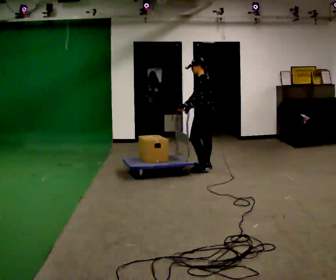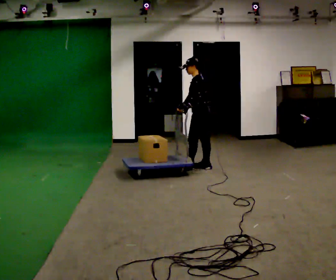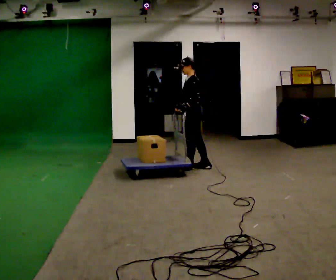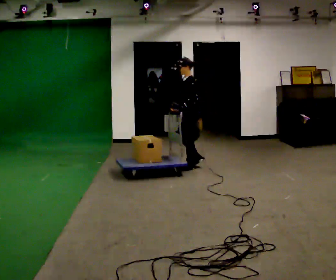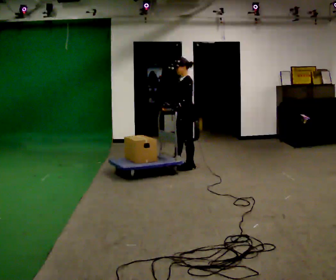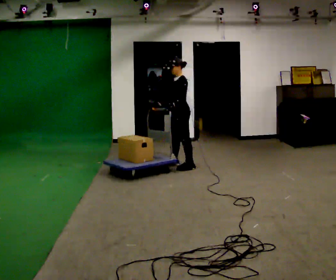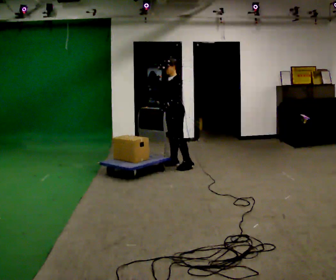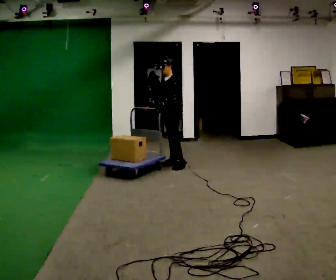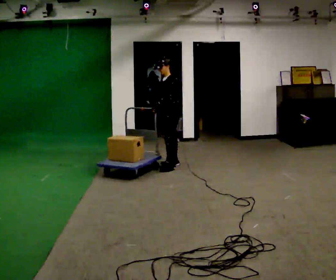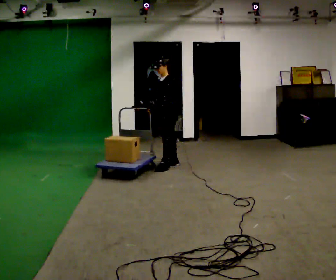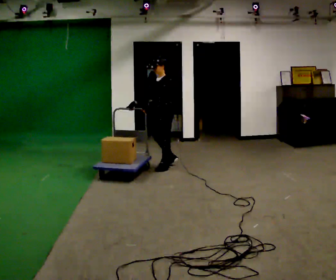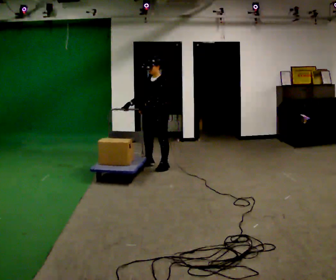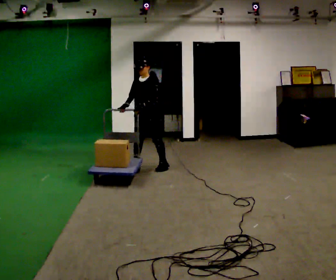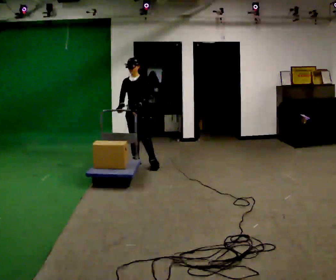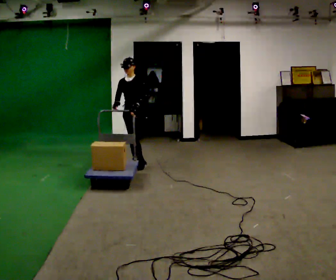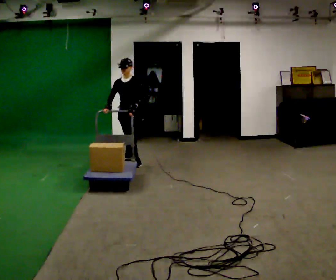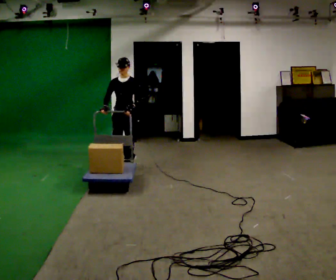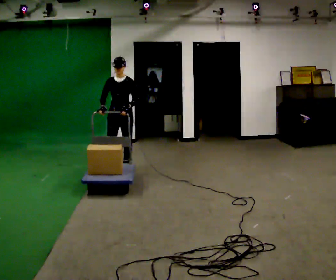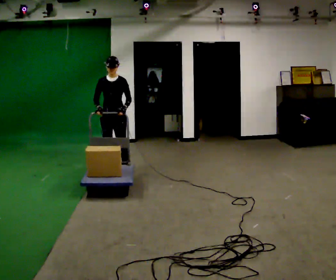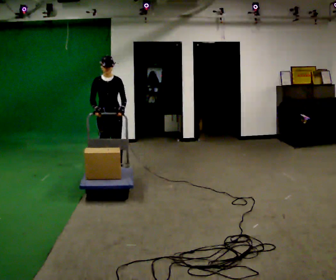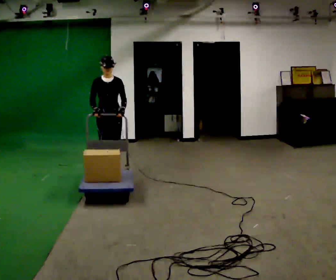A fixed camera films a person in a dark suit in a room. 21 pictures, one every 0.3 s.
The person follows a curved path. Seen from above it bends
counterclockwise.
The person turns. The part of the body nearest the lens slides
to the right.
0.0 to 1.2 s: The part of the body nearest the lens slides to the right as the person turns to their left by about 30 degrees. In the picture they go to the left, about 0.25 m in 1 step, which for them is forward.
1.2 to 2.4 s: In the picture they go to the left and away from the camera, about 0.25 m in 1 step, which for them is to their right and forward.
2.4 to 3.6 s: Seen from above the body turns counterclockwise, about 30 degrees: to their left, with its near side sliding to the right. In the picture they go to the left, about 0.5 m in 2 steps, which for them is forward.
3.6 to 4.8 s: In the picture they go to the left and toward the camera, about 0.25 m in 1 step, which for them is forward and to their right.
4.8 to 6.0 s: In the picture they go toward the camera and to the left, about 0.5 m in 2 steps, which for them is forward and to their right.
The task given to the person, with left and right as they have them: Push the cart along the marked route and round the corner to the side the operator calls.
The film runs forward here.
